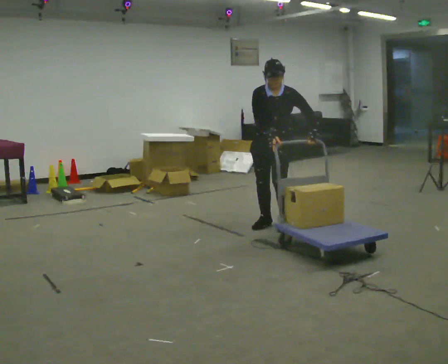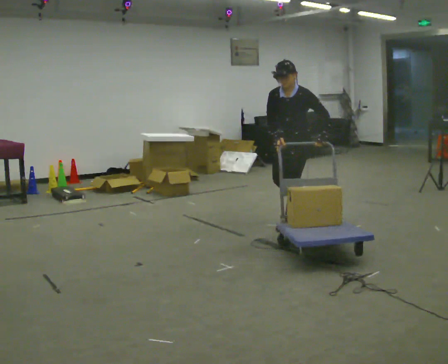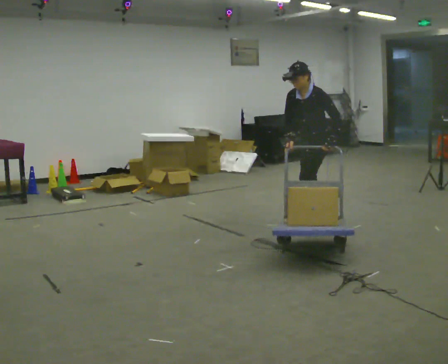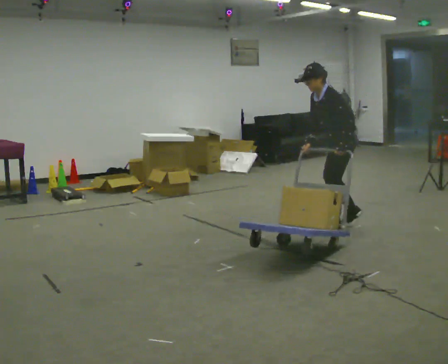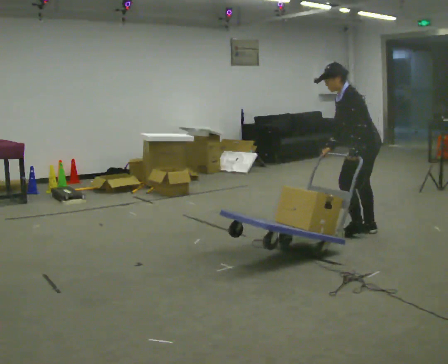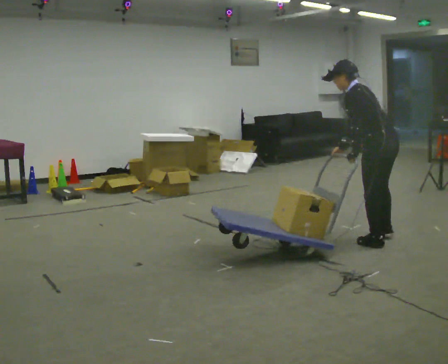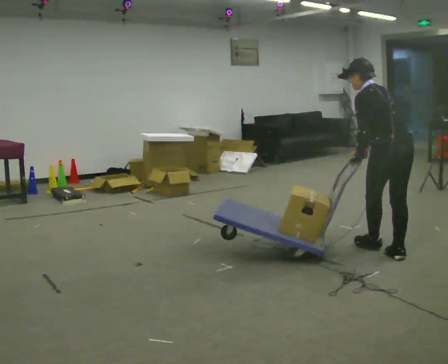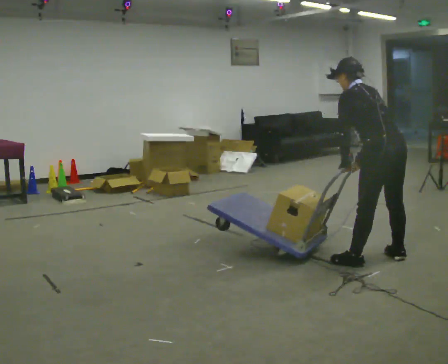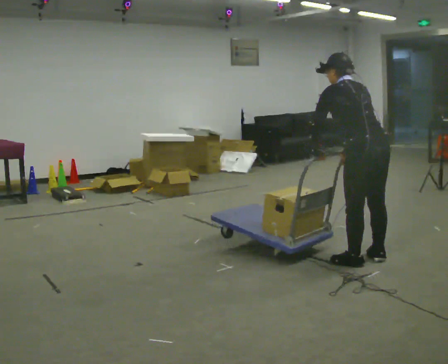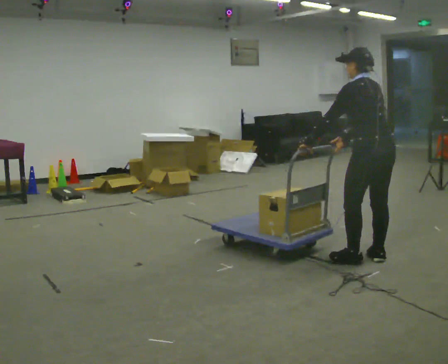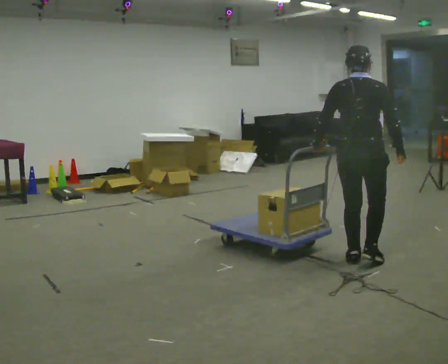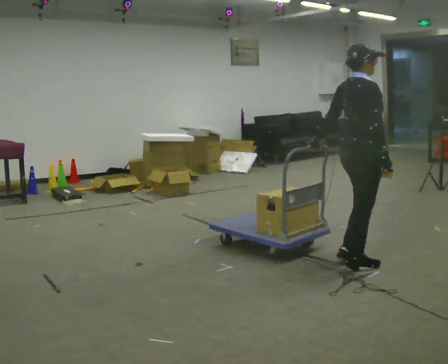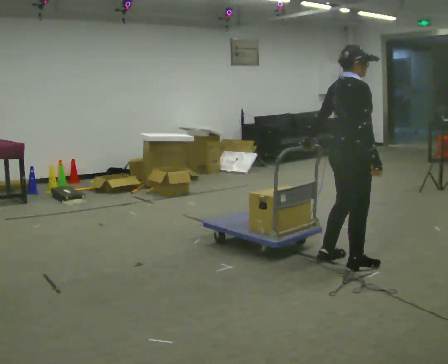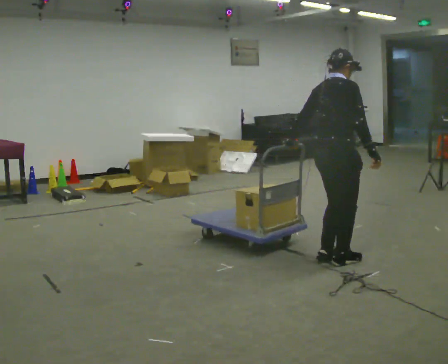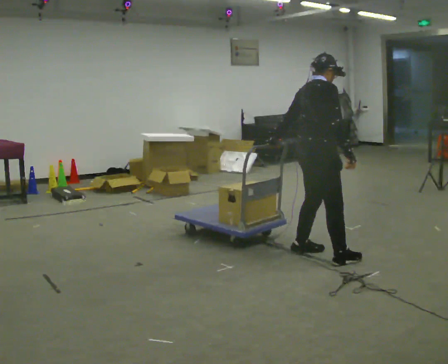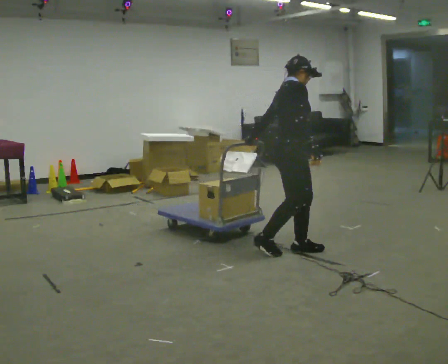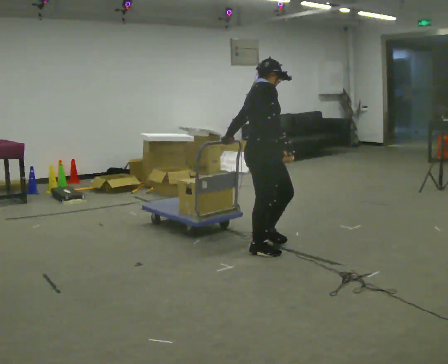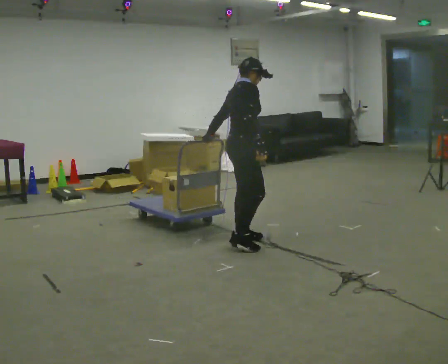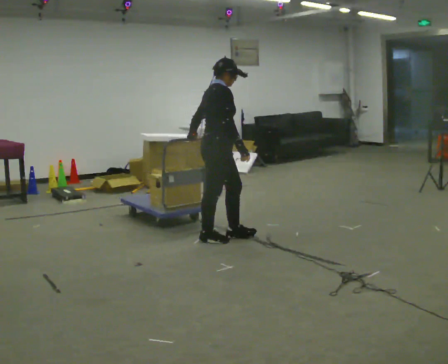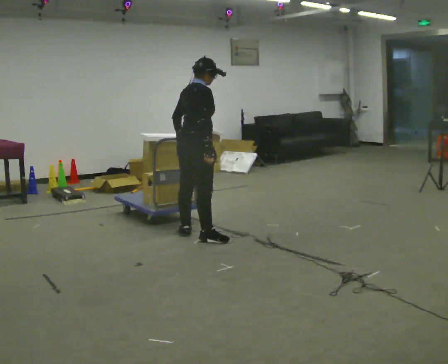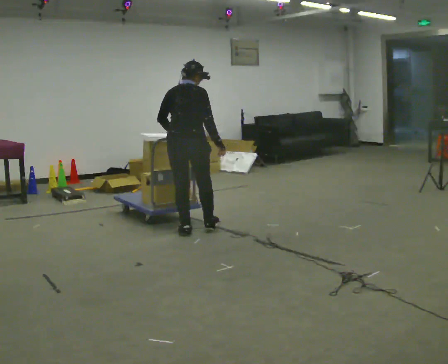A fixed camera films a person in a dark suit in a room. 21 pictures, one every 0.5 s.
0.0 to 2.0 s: The person turns about 90 degrees to their right, clockwise seen from above, so the part of the body nearest the lens slides to the left. In the picture they go to the right, about 1 m in 4 steps. In the picture the upper body tilts counterclockwise, shoulders to the left.
2.0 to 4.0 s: Seen from above the body turns clockwise, about 45 degrees: to their right, with its near side sliding to the left. In the picture they go toward the camera, about 1 m in 3 steps, which for them is backward and to their left. The upper body tips away from the camera, its near side rolling upward.
4.0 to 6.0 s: The person turns about 105 degrees to their right, clockwise seen from above, so the part of the body nearest the lens slides to the left. In the picture the upper body tilts clockwise, shoulders to the right, as they lean back or straighten.
6.0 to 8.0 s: In the picture they go to the left, about 0.5 m in 4 steps, which for them is to their left and backward.
8.0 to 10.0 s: Seen from above the body turns counterclockwise, about 90 degrees: to their left, with its near side sliding to the right. In the picture they go to the left, about 1 m in 3 steps.
The film runs backward here.
